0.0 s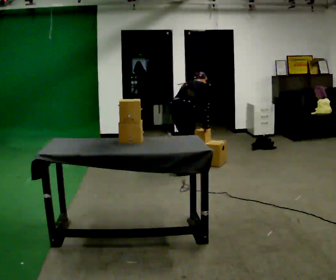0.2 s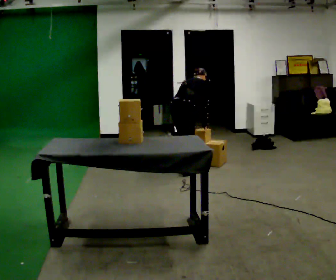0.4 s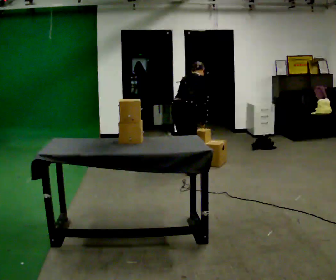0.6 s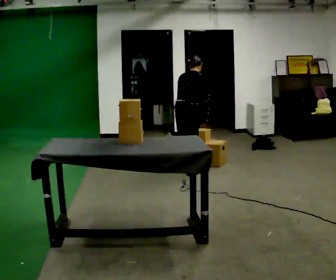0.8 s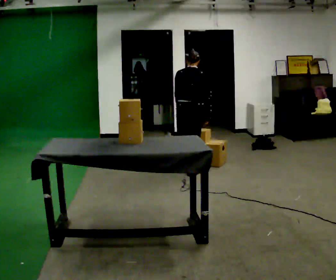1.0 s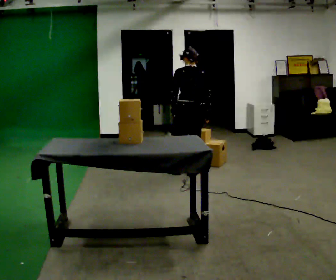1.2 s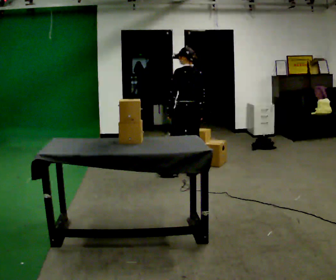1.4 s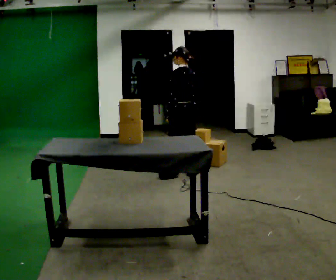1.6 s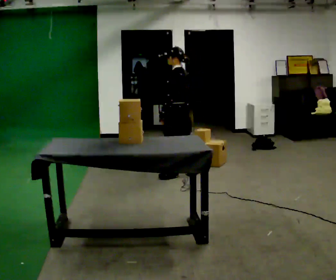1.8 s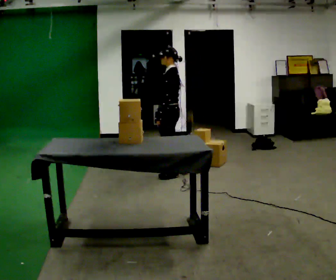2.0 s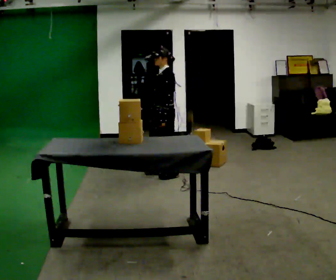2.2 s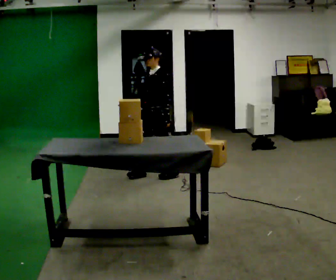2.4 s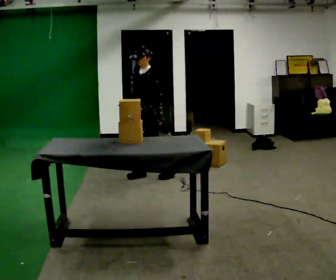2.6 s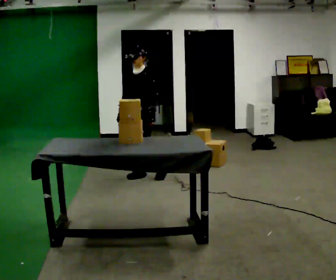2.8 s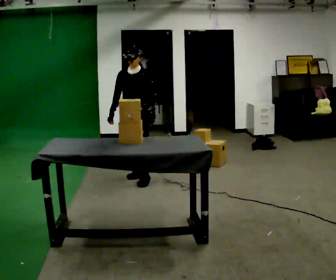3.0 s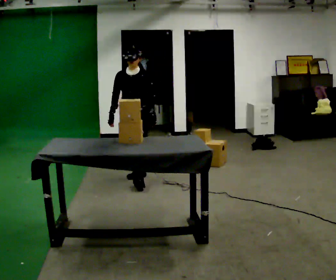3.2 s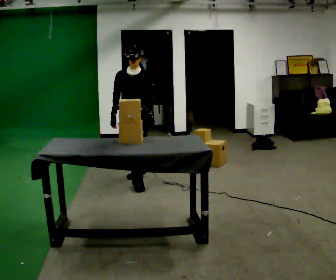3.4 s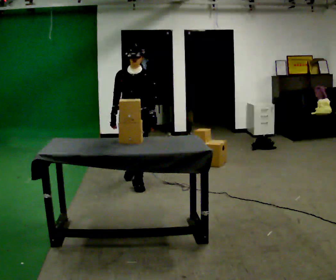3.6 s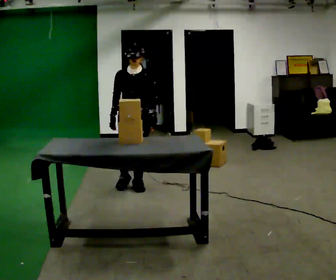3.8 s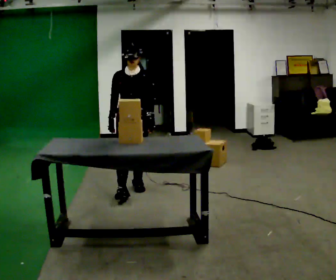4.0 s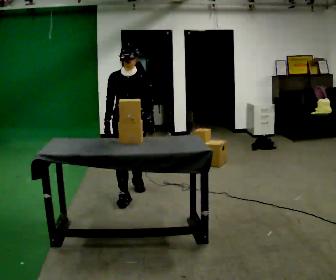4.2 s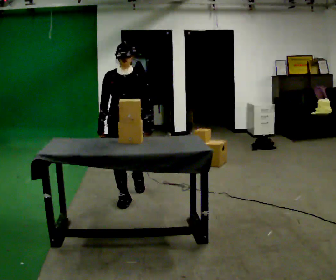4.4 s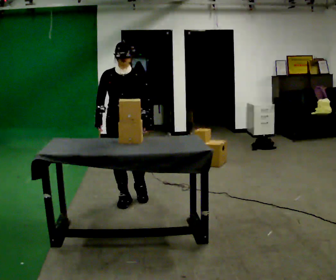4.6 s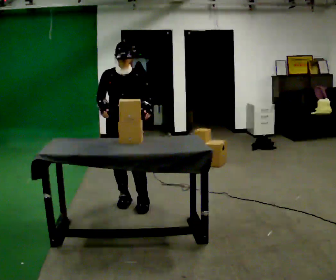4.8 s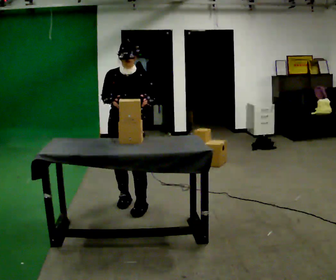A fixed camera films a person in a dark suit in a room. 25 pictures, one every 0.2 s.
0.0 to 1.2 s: The part of the body nearest the lens slides to the right as the person turns to their left by about 90 degrees. The upper body goes upward. The upper body tips toward the camera, its near side rolling downward, as they lean back or straighten.
1.2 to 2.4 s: Seen from above the body turns counterclockwise, about 90 degrees: to their left, with its near side sliding to the right. In the picture they go to the left, about 0.5 m in 1 step.
2.4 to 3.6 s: The part of the body nearest the lens slides to the right as the person turns to their left by about 45 degrees. In the picture they go toward the camera, about 0.5 m in 1 step, which for them is forward.
3.6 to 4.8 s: In the picture they go toward the camera, about 0.5 m in 2 steps, which for them is forward.
The film runs forward here.
